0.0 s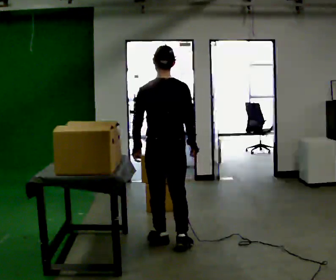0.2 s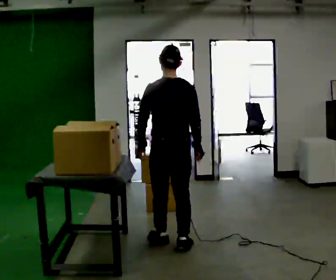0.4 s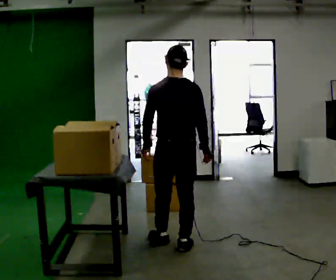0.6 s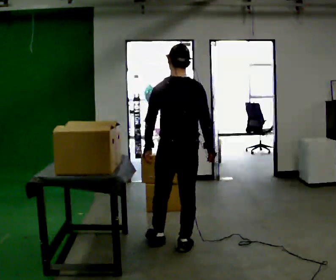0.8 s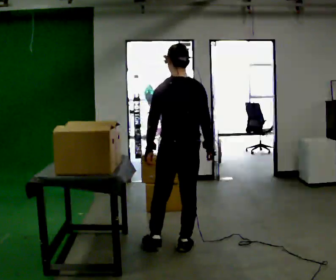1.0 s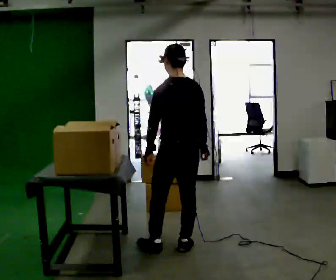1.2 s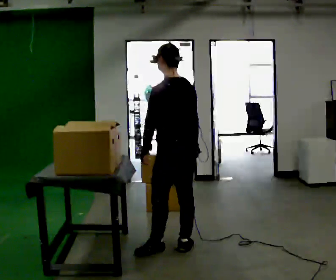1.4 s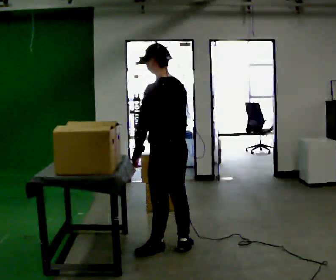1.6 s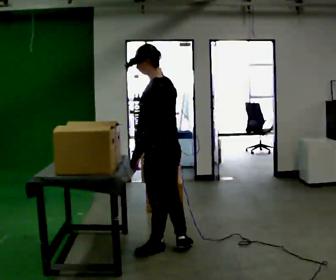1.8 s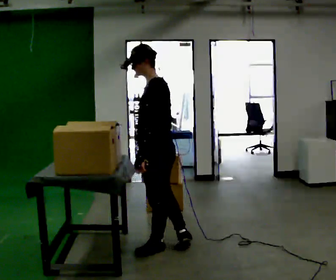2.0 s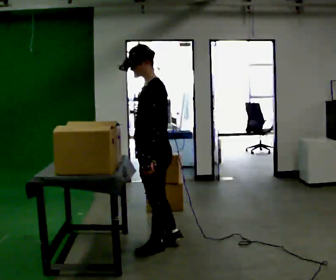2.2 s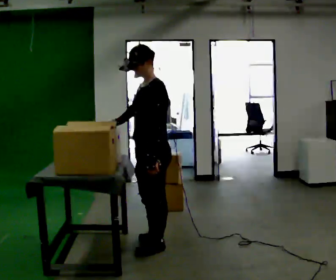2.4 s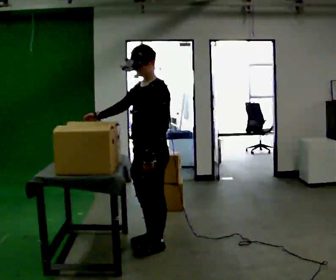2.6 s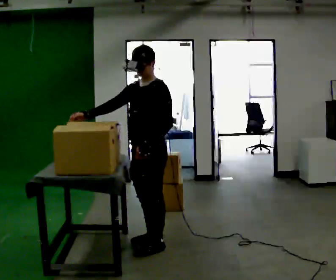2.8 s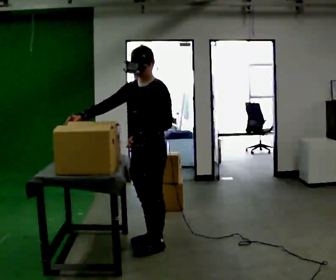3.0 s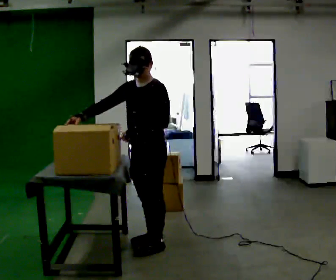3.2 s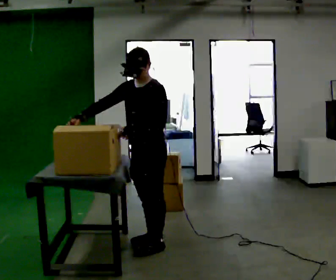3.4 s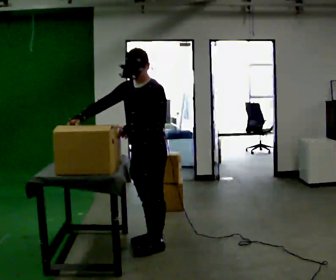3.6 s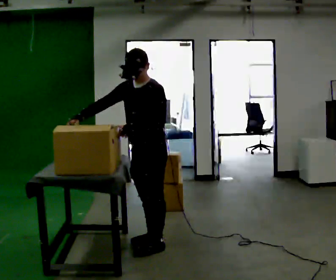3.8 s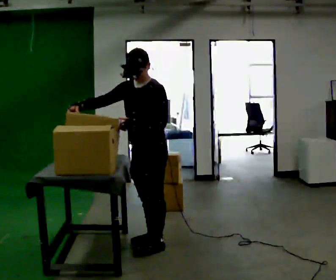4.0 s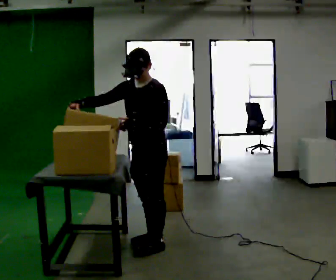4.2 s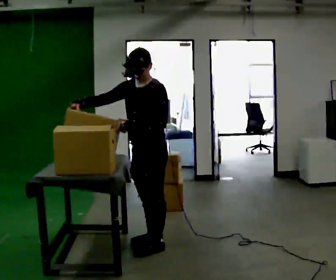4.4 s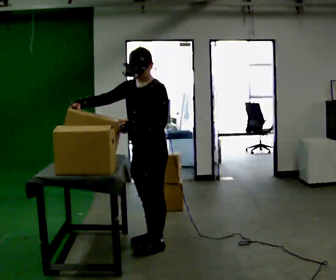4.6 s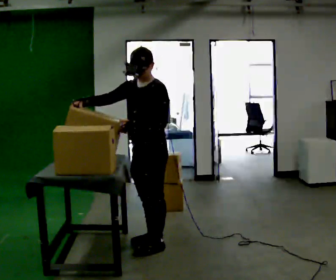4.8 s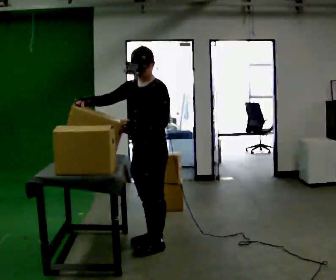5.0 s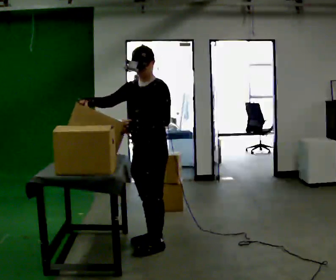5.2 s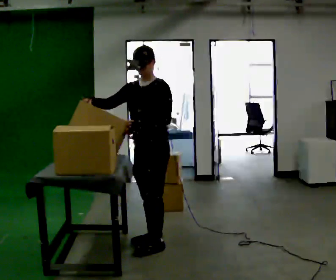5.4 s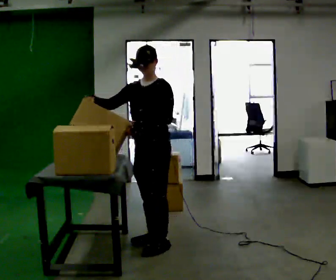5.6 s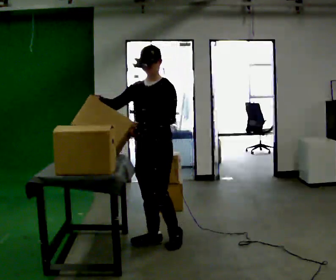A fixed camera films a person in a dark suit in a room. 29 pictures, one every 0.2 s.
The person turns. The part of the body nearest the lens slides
to the right.
The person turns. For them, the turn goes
to their left.
0.0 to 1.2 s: The person turns about 30 degrees to their left, counterclockwise seen from above, so the part of the body nearest the lens slides to the right. In the picture they go toward the camera, about 0.25 m in 1 step, which for them is backward.
1.2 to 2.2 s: The person turns about 60 degrees to their left, counterclockwise seen from above, so the part of the body nearest the lens slides to the right. In the picture they go to the left, about 0.25 m in 1 step, which for them is forward. In the picture their right hand goes to the left, the arm swinging clockwise.
2.2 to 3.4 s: Seen from above the body turns counterclockwise, about 30 degrees: to their left, with its near side sliding to the right. In the picture their right hand goes to the left.
3.4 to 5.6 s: The person moves a little, or ends about where they began.
The film runs backward here.
